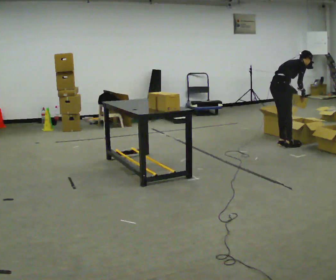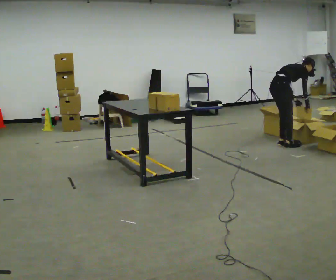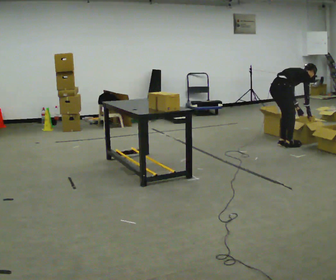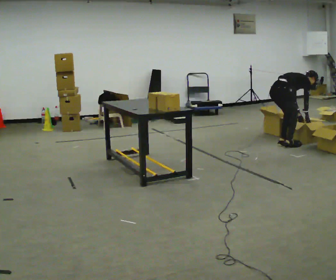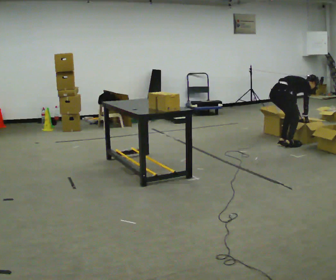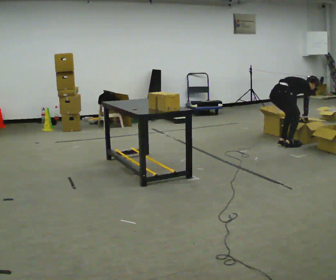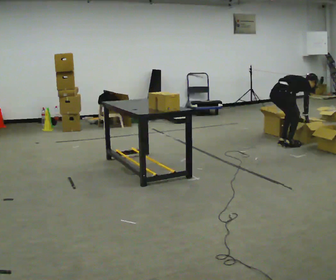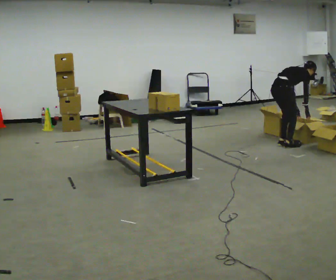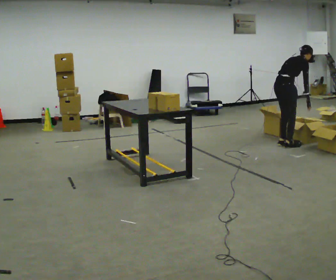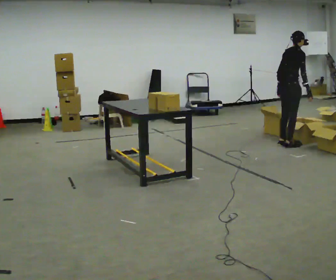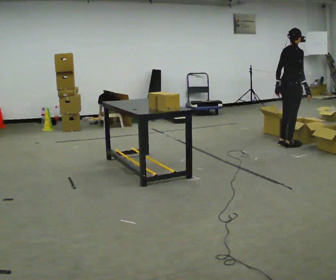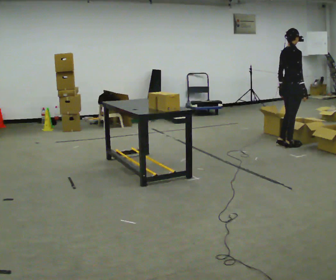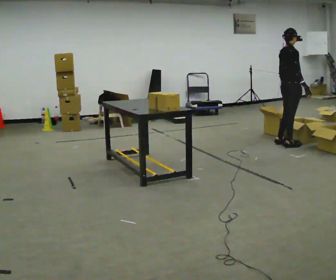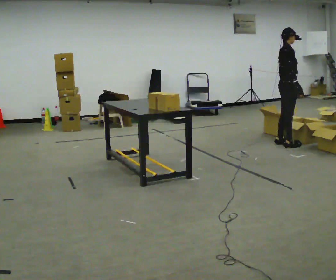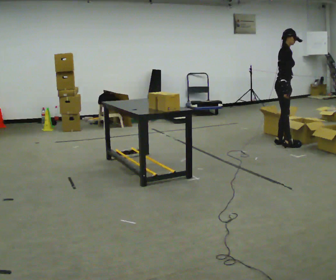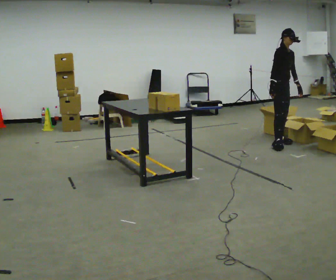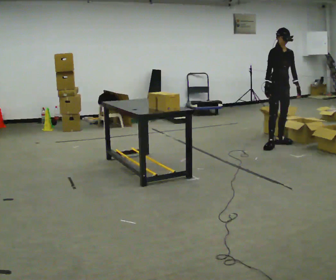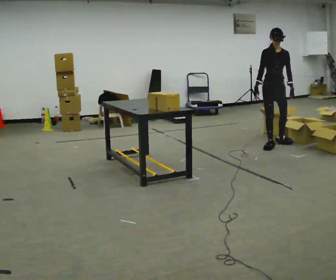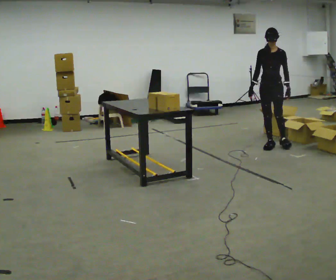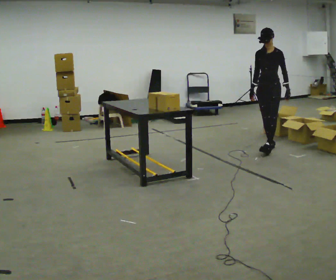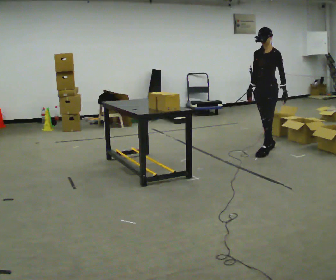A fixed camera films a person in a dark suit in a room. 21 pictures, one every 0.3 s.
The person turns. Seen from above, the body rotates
clockwise.
The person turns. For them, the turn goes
to their right.
0.0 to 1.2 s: The upper body goes downward. In the picture the upper body tilts clockwise, shoulders to the right, as they bend forward. In the picture their right hand goes downward.
1.2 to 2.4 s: The upper body goes upward. In the picture the upper body tilts counterclockwise, shoulders to the left, as they lean back or straighten. In the picture their left hand goes upward.
2.4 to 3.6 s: The upper body goes upward. In the picture the upper body tilts counterclockwise, shoulders to the left, as they lean back or straighten.
3.6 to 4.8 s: The part of the body nearest the lens slides to the left as the person turns to their right by about 90 degrees. In the picture their right hand goes to the left, the arm swinging clockwise.
4.8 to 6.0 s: The part of the body nearest the lens slides to the left as the person turns to their right by about 60 degrees. In the picture they go toward the camera, about 0.5 m in 1 step.
The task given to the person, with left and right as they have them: Take each object from the table and put it in the bin that matches it, walking between the bins. Keep going until the operator says stop; one object at a time, and do not rush between trips.
The film runs forward here.
